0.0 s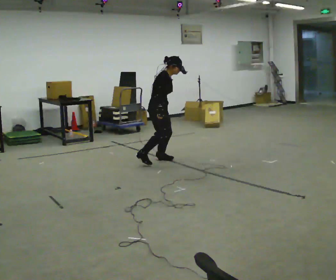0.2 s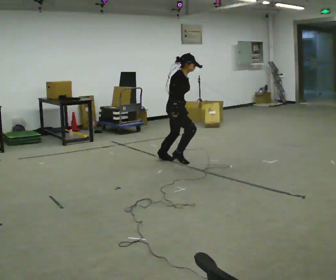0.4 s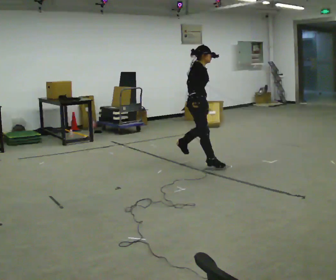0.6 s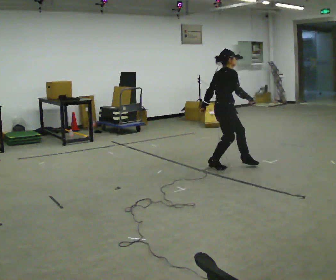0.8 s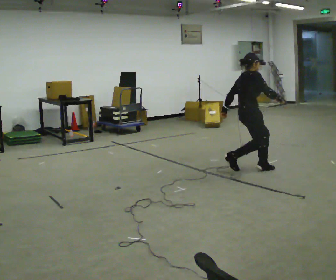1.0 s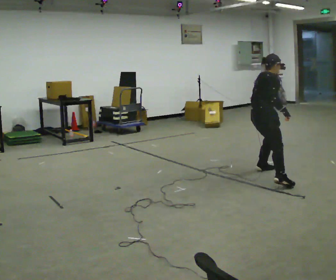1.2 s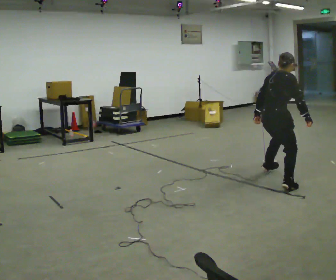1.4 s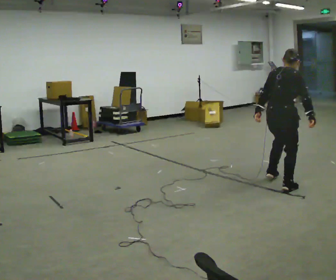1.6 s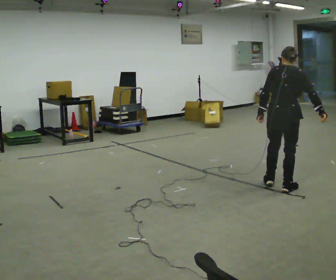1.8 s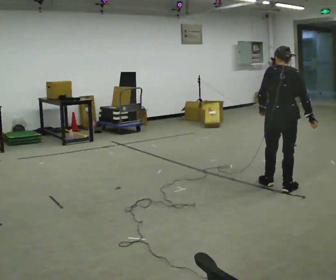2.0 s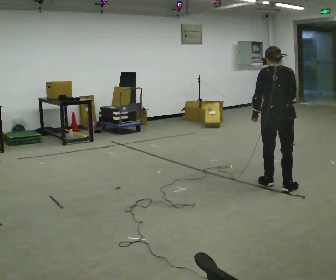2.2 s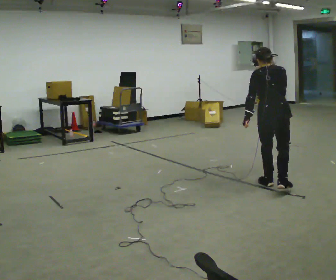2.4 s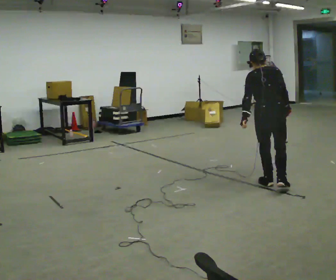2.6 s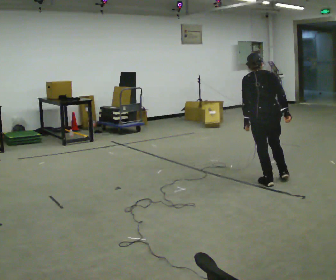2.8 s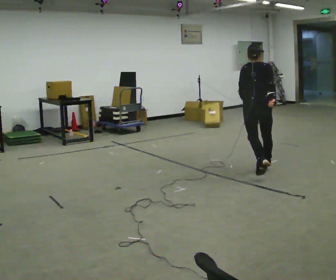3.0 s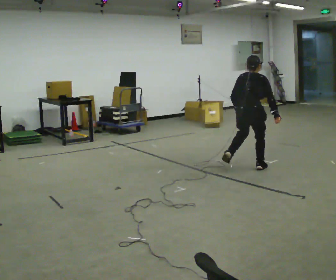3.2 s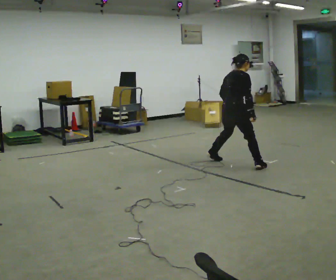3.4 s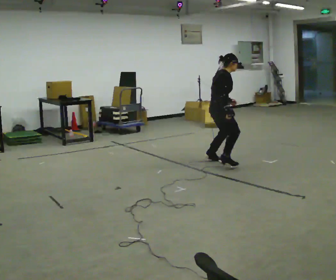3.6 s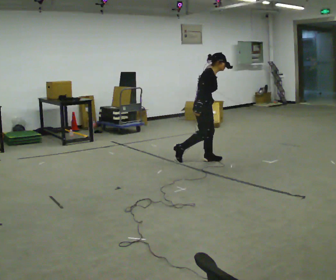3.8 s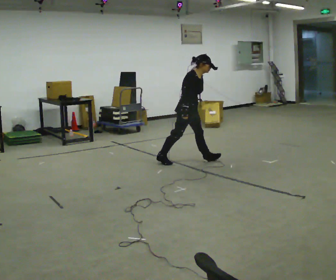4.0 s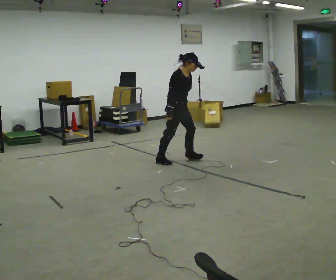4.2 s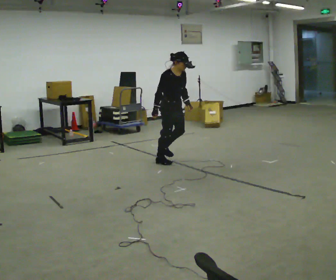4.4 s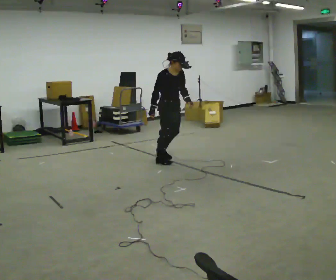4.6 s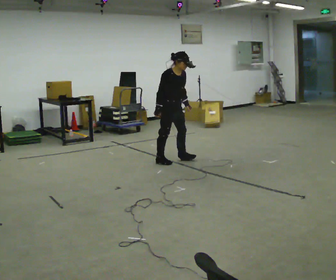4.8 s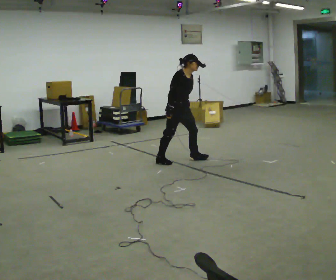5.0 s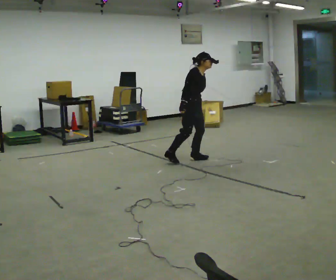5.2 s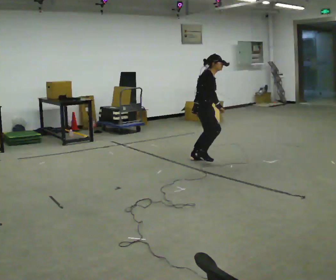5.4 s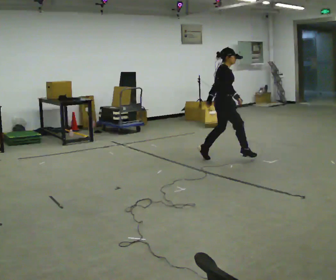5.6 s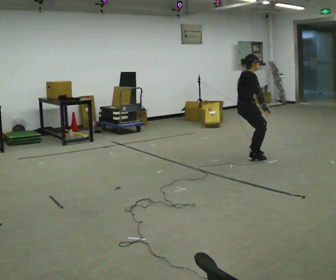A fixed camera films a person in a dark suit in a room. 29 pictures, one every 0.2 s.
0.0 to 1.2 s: Seen from above the body turns counterclockwise, about 45 degrees: to their left, with its near side sliding to the right. In the picture they go to the right and toward the camera, about 1.5 m in 3 steps, which for them is forward and to their right.
1.2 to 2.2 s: Seen from above the body turns counterclockwise, about 45 degrees: to their left, with its near side sliding to the right. In the picture they go toward the camera, about 0.25 m in 1 step, which for them is backward. In the picture the upper body tilts counterclockwise, shoulders to the left.
2.2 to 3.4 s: Seen from above the body turns clockwise, about 60 degrees: to their right, with its near side sliding to the left. In the picture they go away from the camera and to the left, about 1 m in 2 steps. In the picture the upper body tilts clockwise, shoulders to the right.
3.4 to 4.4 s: The part of the body nearest the lens slides to the left as the person turns to their right by about 45 degrees. In the picture they go to the left, about 0.75 m in 2 steps, which for them is backward. The upper body tips toward the camera, its near side rolling downward.
4.4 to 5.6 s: The part of the body nearest the lens slides to the right as the person turns to their left by about 45 degrees. In the picture they go to the right, about 1 m in 2 steps, which for them is forward and to their left.
The film runs backward here.
